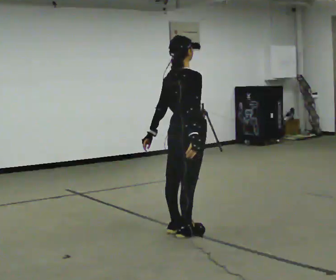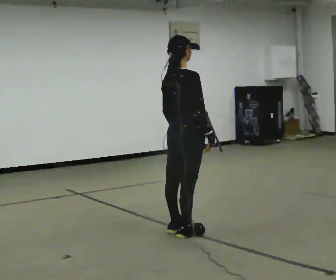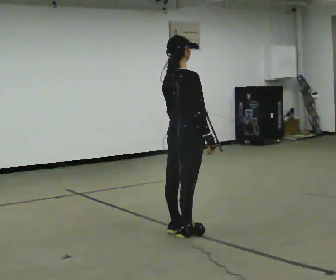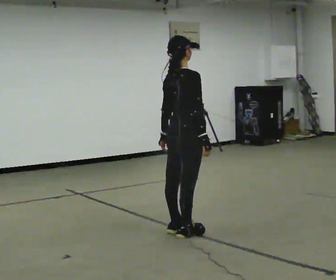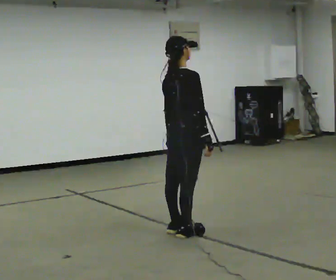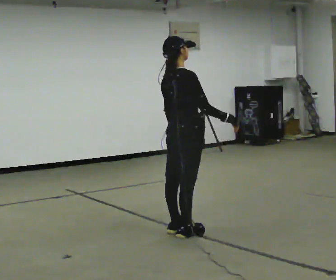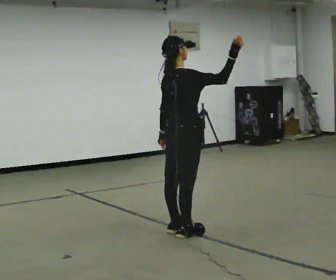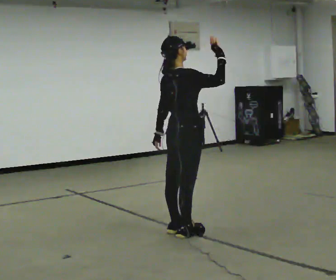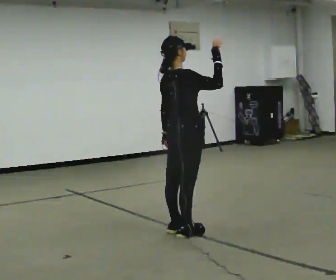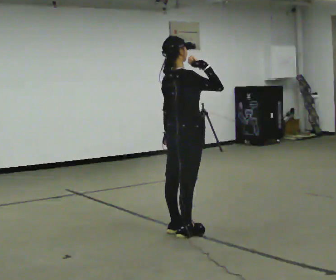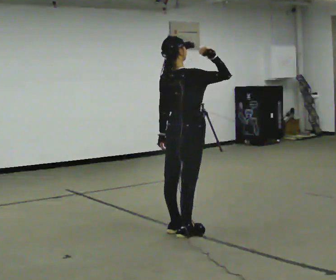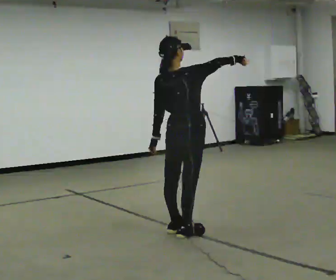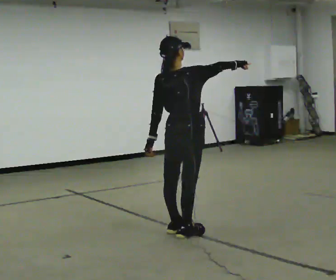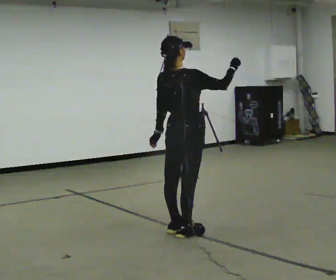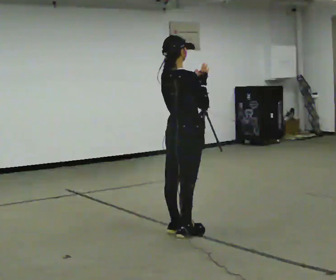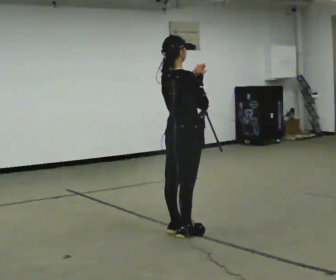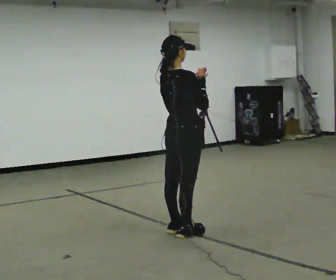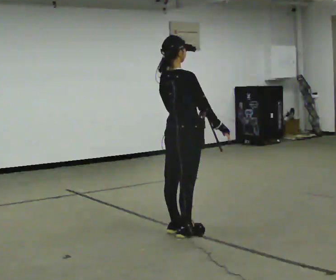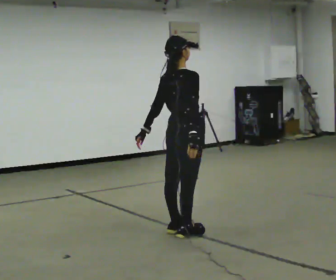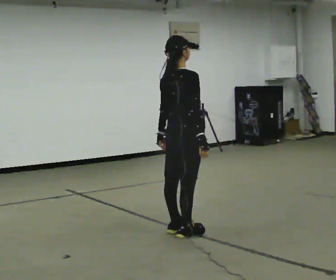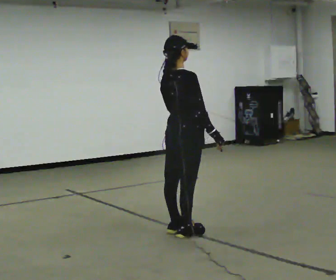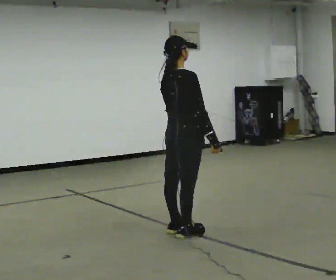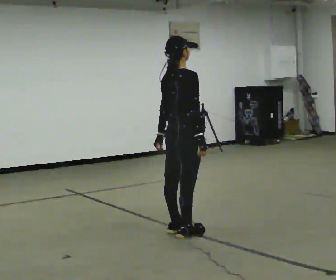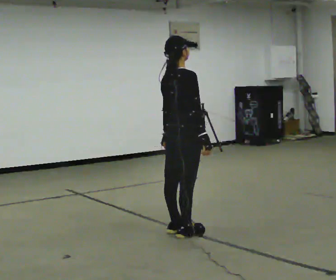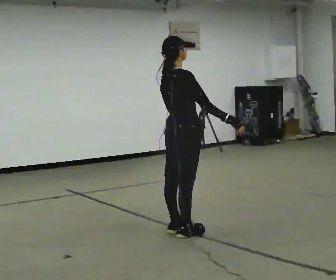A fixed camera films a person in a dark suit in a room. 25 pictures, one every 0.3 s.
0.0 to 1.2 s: The person moves a little, or ends about where they began.
1.2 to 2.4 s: In the picture their right hand goes upward.
2.4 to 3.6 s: Seen from above the body turns counterclockwise, about 30 degrees: to their left, with its near side sliding to the right.
3.6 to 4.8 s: In the picture their left hand goes upward and to the right.
4.8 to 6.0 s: In the picture their right hand goes downward.
6.0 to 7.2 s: The person moves a little, or ends about where they began.
The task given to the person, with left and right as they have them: Wave to someone across the room, point at different things around you, and clap. Repeat the movement at your own pace until the operator says stop; do not rush.
The film runs forward here.
